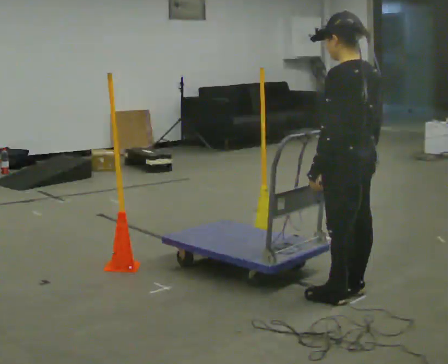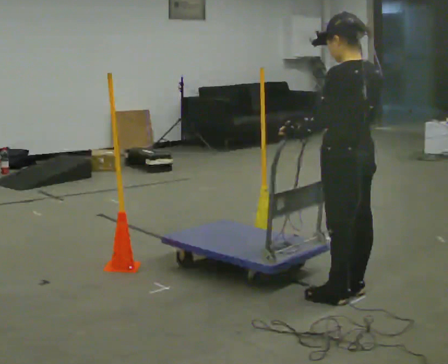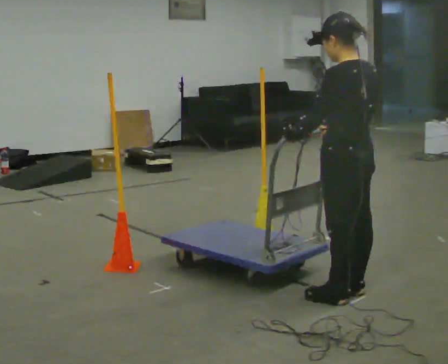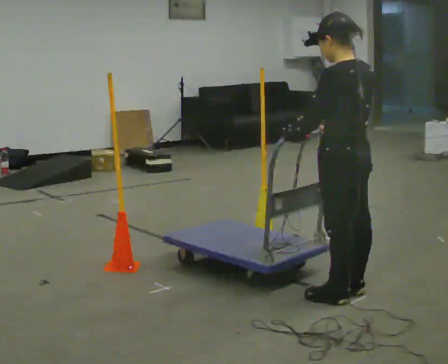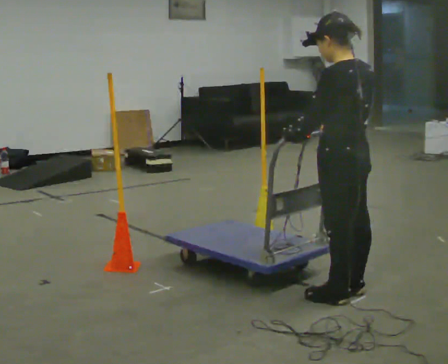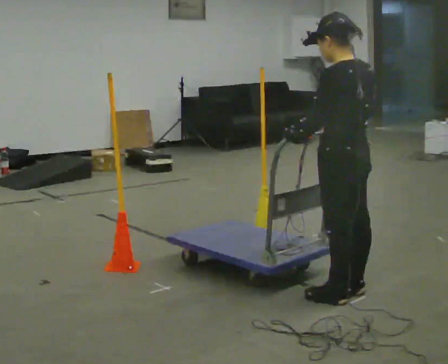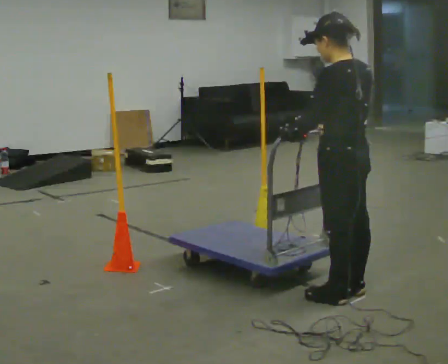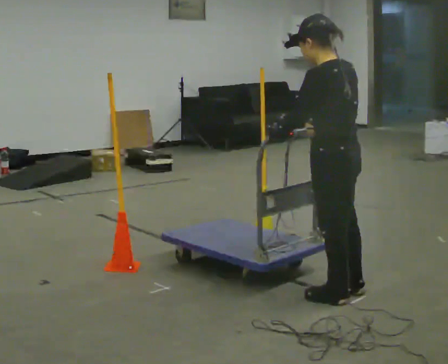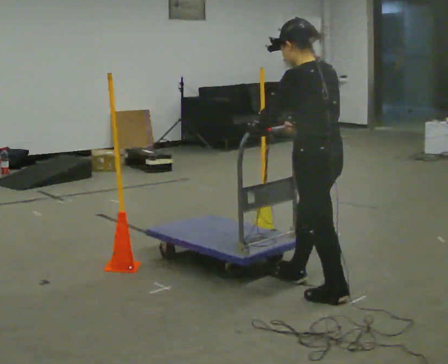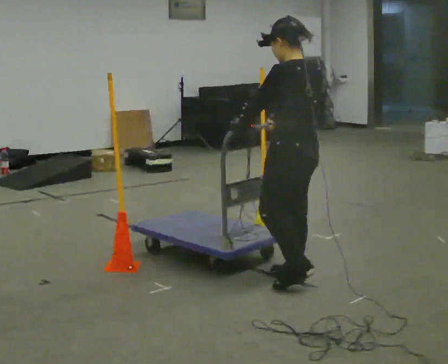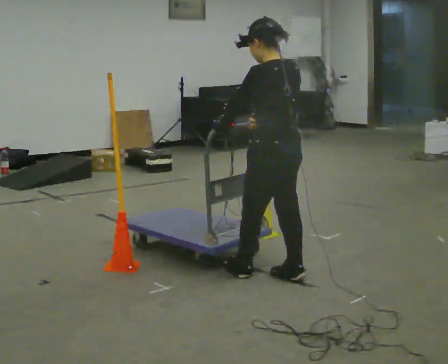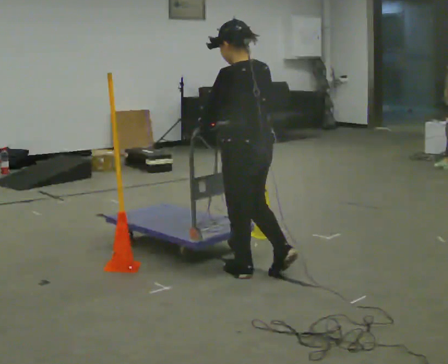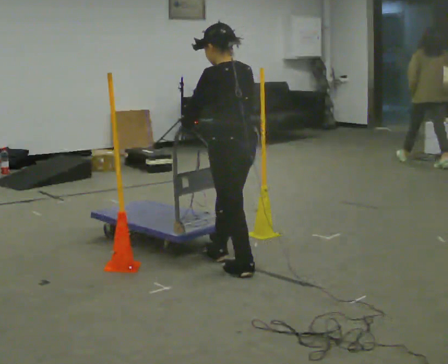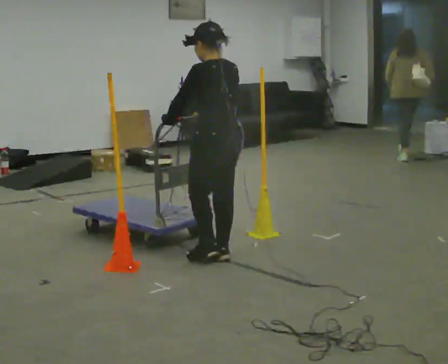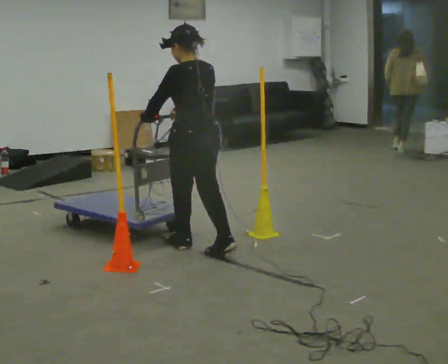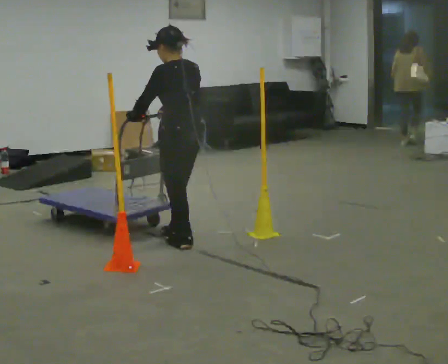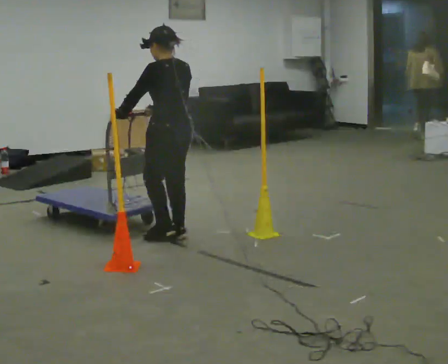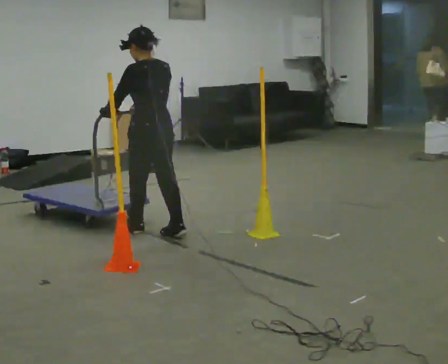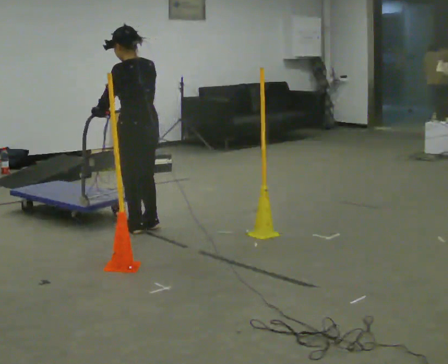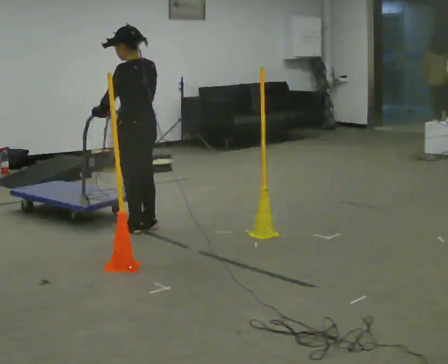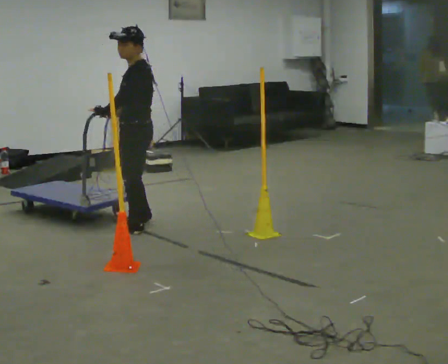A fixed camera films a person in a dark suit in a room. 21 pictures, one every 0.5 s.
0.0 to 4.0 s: In the picture they go to the left, about 0.25 m, which for them is forward. In the picture their left hand goes to the left.
4.0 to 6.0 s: In the picture they go to the left and away from the camera, about 0.75 m in 3 steps, which for them is forward.
6.0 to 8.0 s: In the picture they go away from the camera and to the left, about 1 m in 2 steps, which for them is forward.
8.0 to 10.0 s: The part of the body nearest the lens slides to the right as the person turns to their left by about 45 degrees. In the picture they go to the left and away from the camera, about 0.25 m in 3 steps, which for them is forward.
The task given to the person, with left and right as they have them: Push the cart through the gap between the poles without touching them, then bring it back through.
The film runs forward here.
